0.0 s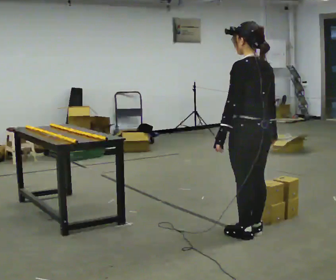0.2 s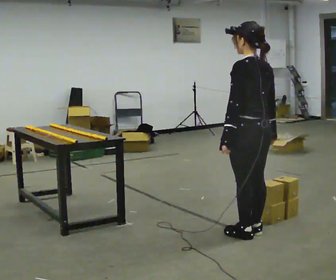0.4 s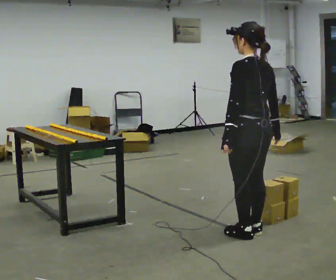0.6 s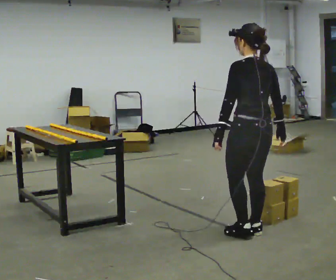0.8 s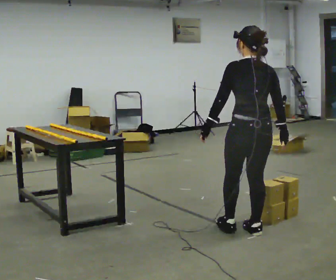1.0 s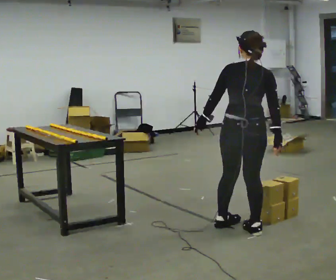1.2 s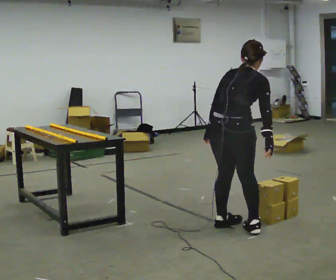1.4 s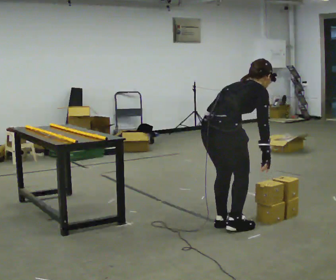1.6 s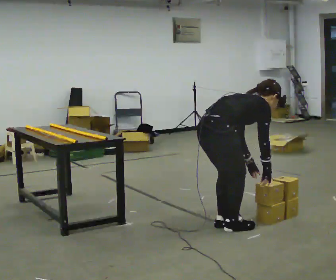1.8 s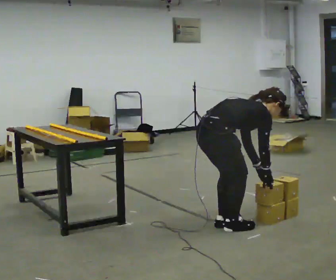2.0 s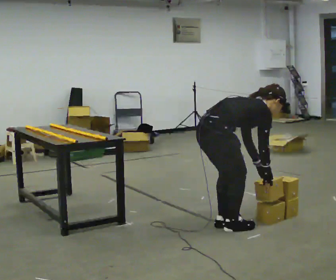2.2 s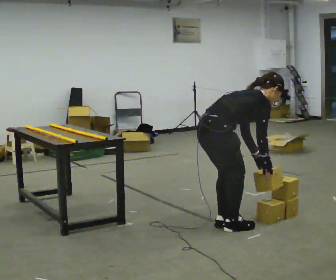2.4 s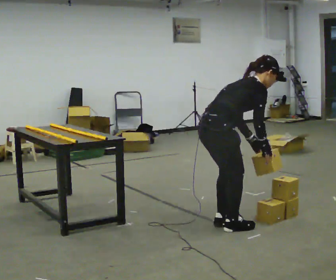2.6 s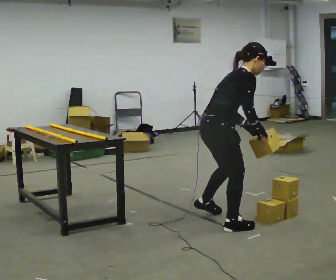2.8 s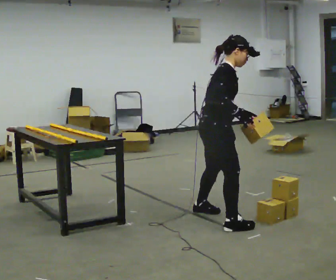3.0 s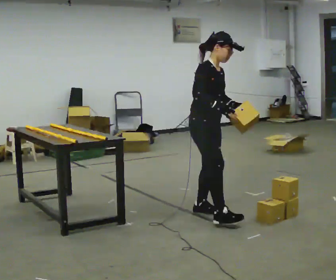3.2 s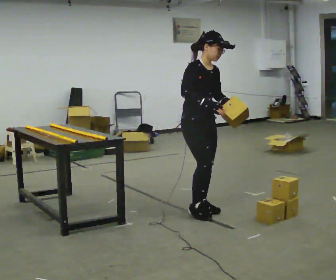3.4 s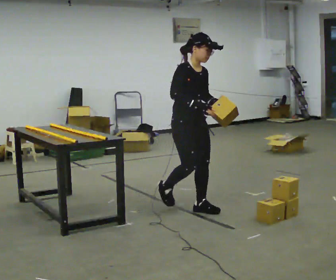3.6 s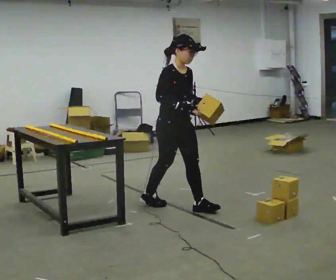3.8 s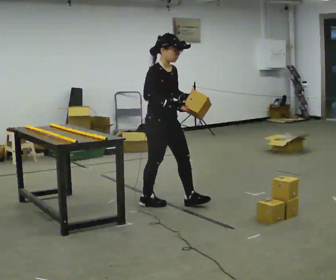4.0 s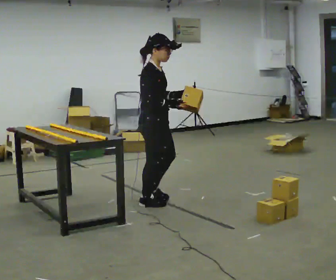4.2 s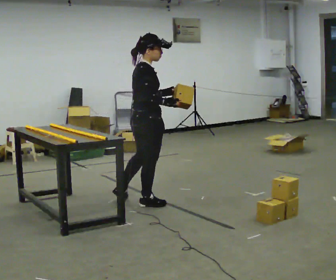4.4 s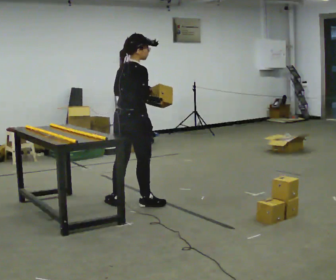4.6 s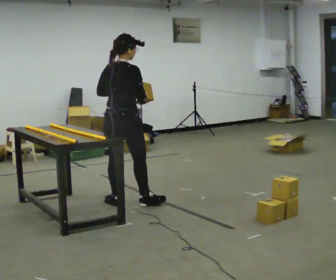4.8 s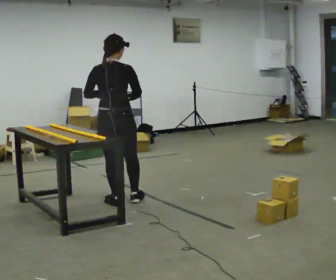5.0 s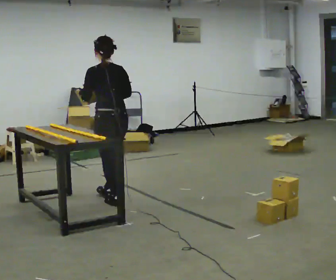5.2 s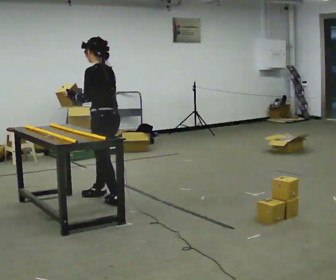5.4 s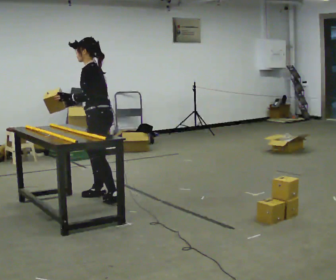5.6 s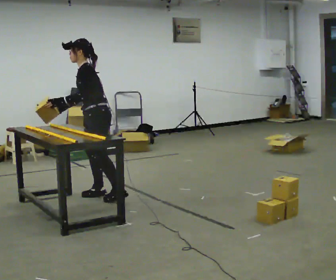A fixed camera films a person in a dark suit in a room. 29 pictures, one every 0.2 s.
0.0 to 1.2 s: Seen from above the body turns clockwise, about 60 degrees: to their right, with its near side sliding to the left. In the picture they go to the left, about 0.25 m in 2 steps. The upper body tips away from the camera, its near side rolling upward, as they bend forward.
1.2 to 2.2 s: The part of the body nearest the lens slides to the left as the person turns to their right by about 45 degrees. In the picture their left hand goes to the right.
2.2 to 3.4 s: Seen from above the body turns clockwise, about 75 degrees: to their right, with its near side sliding to the left. In the picture they go away from the camera, about 0.5 m in 2 steps. The shoulders move upward. In the picture the upper body tilts counterclockwise, shoulders to the left, as they lean back or straighten. In the picture their left hand goes upward.
3.4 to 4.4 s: Seen from above the body turns counterclockwise, about 90 degrees: to their left, with its near side sliding to the right. In the picture they go to the left, about 0.5 m in 1 step.
4.4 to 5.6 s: Seen from above the body turns counterclockwise, about 135 degrees: to their left, with its near side sliding to the right. In the picture they go to the left and away from the camera, about 0.5 m in 2 steps. In the picture the upper body tilts counterclockwise, shoulders to the left.
The film runs backward here.
